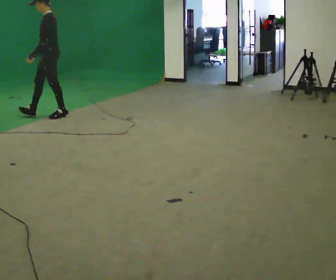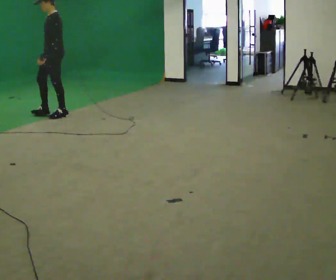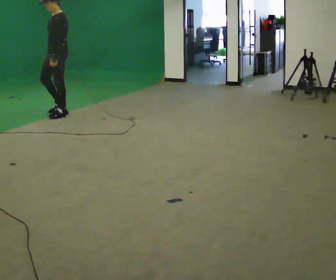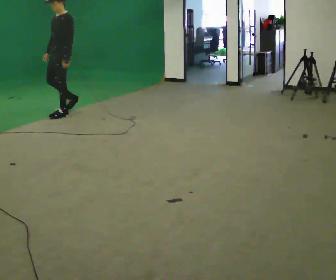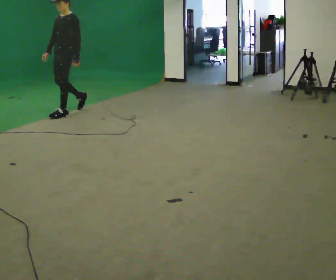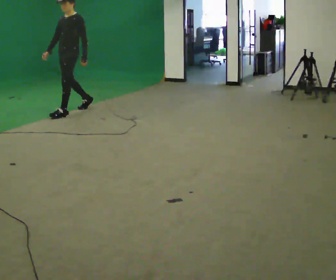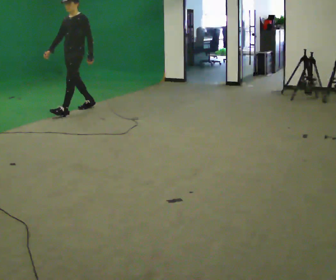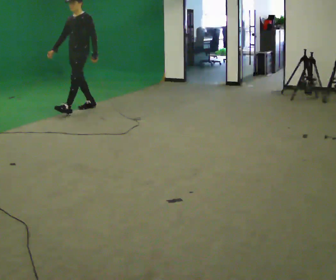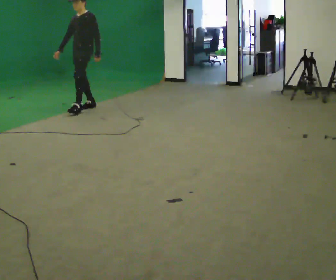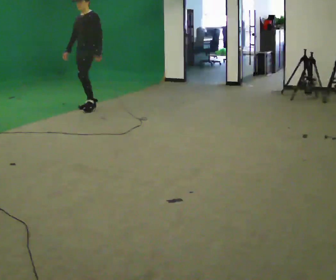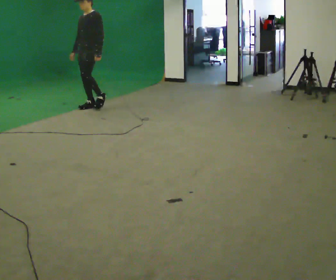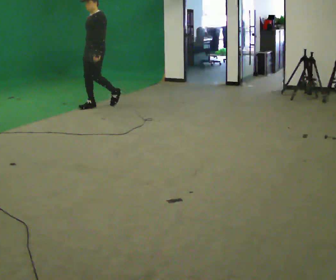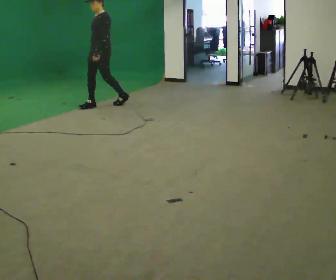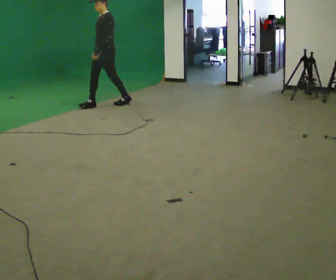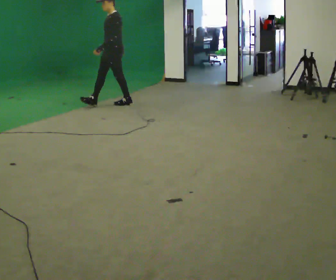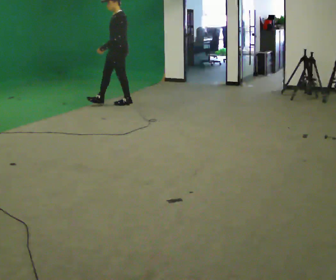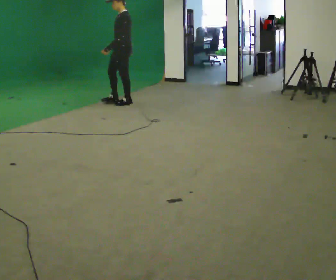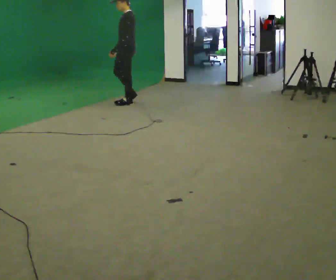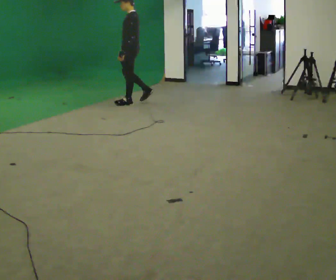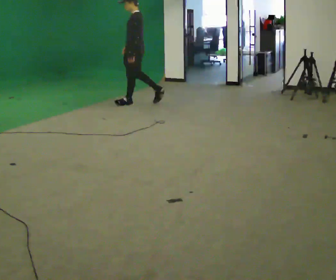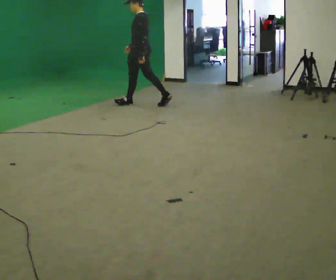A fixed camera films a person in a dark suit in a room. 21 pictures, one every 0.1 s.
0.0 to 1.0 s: The part of the body nearest the lens slides to the right as the person turns to their left by about 30 degrees. In the picture they go to the right and away from the camera, about 0.75 m in 1 step, which for them is backward.
1.0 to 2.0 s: Seen from above the body turns clockwise, about 60 degrees: to their right, with its near side sliding to the left. In the picture they go to the right, about 1 m in 1 step.
The film runs backward here.
